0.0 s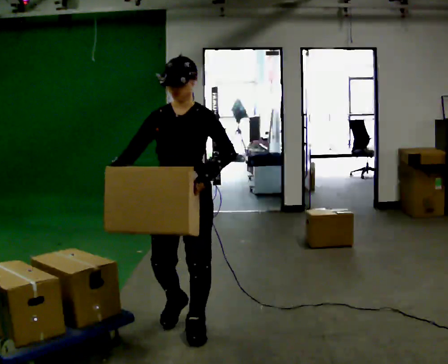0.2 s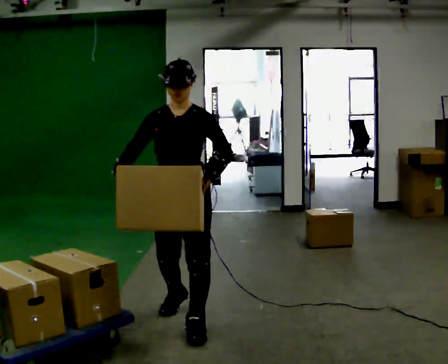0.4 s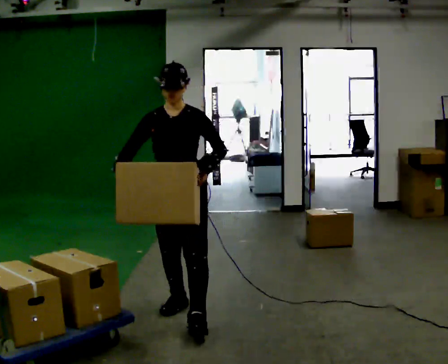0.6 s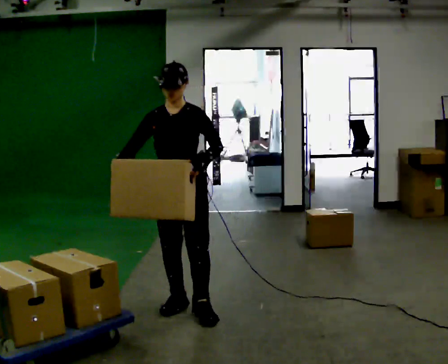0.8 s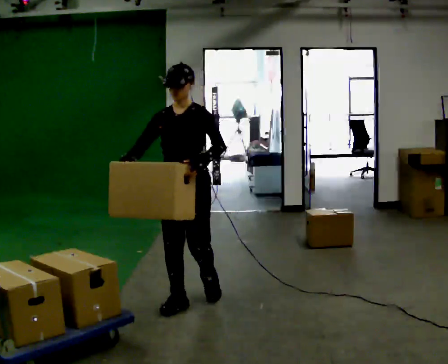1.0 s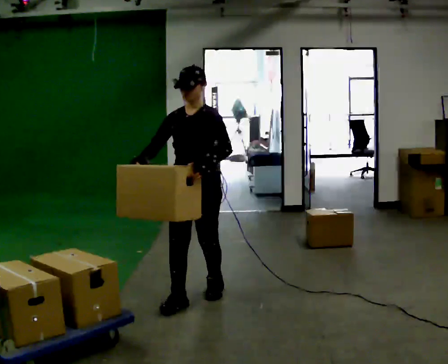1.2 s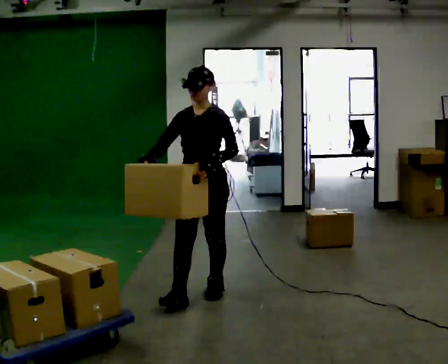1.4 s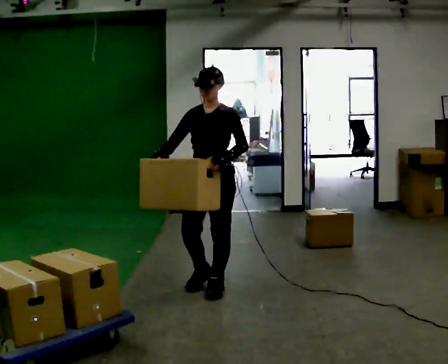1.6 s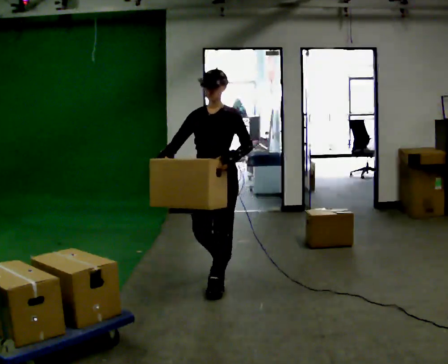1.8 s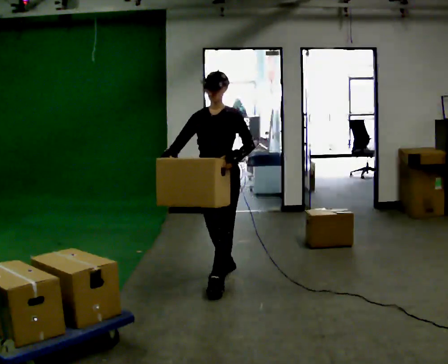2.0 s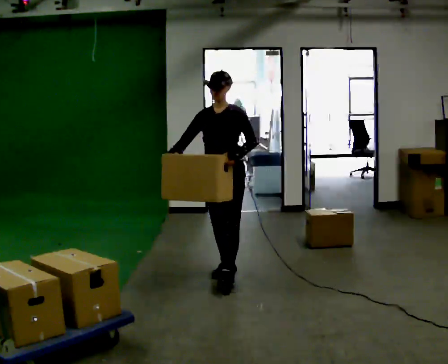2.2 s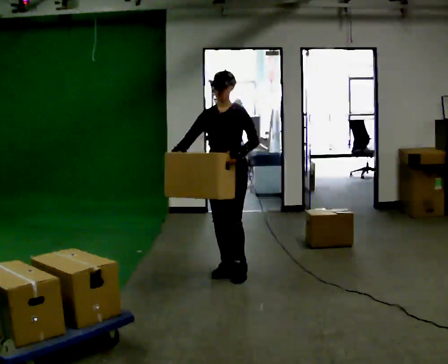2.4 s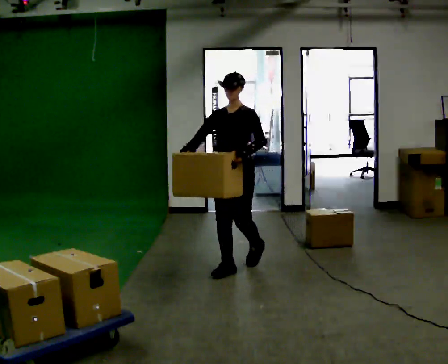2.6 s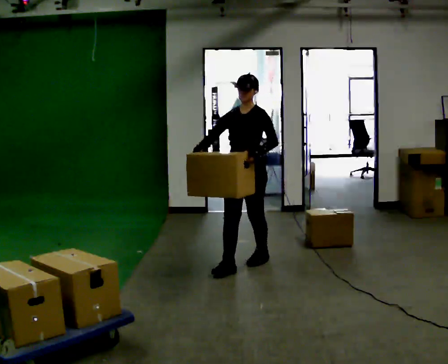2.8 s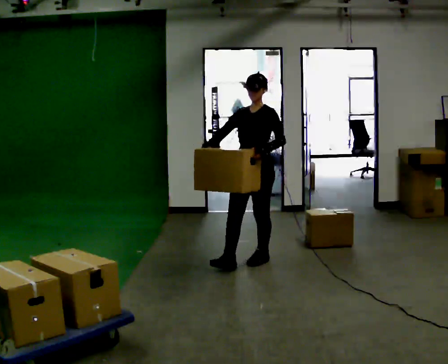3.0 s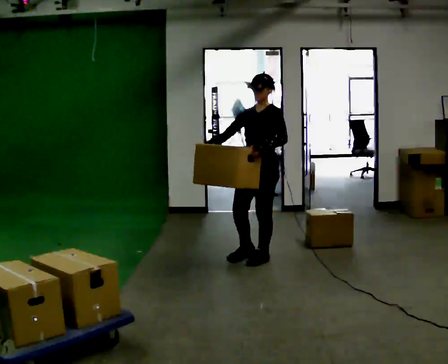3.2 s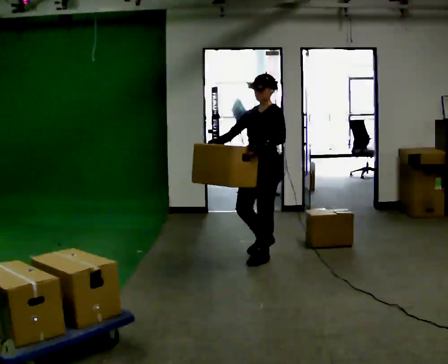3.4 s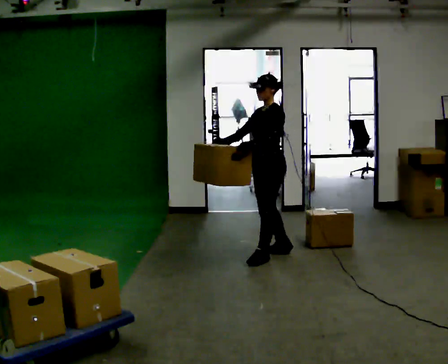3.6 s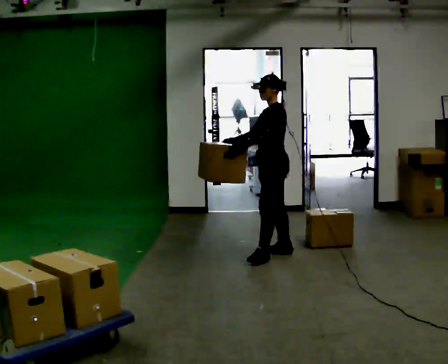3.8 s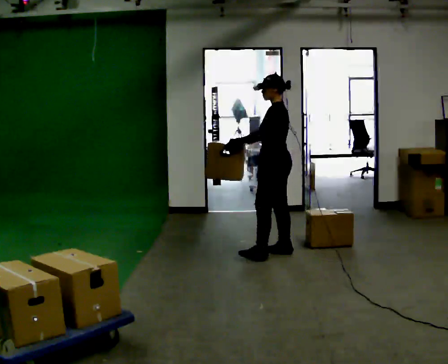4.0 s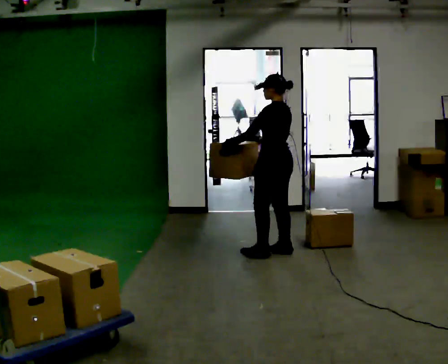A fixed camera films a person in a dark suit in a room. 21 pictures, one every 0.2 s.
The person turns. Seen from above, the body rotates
clockwise.
The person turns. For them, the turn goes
to their right.
0.0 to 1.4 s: In the picture they go away from the camera, about 0.5 m in 2 steps, which for them is backward.
1.4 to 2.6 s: In the picture they go away from the camera, about 0.75 m in 1 step, which for them is backward.
2.6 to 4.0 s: The person turns about 90 degrees to their right, clockwise seen from above, so the part of the body nearest the lens slides to the left. In the picture they go away from the camera and to the right, about 0.5 m in 1 step.
The film runs backward here.
